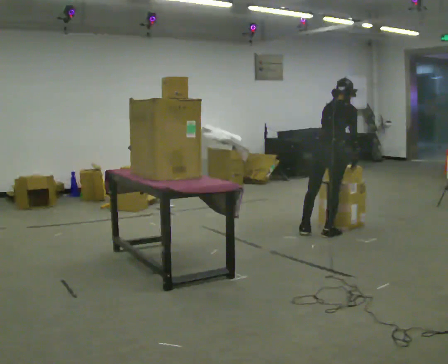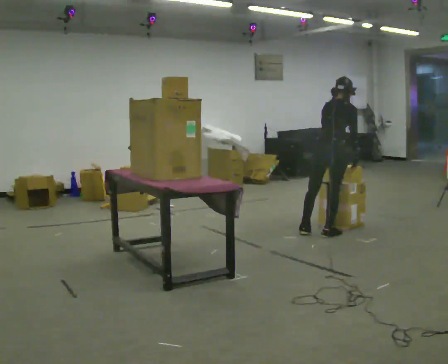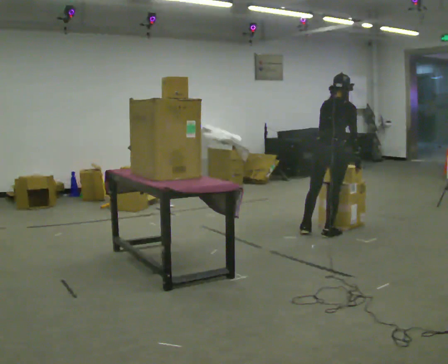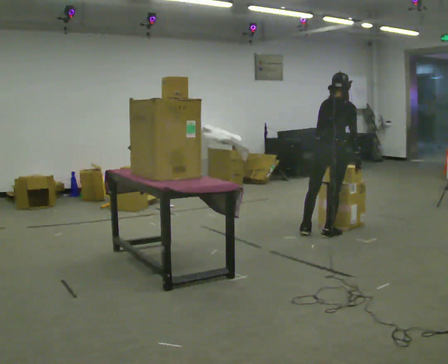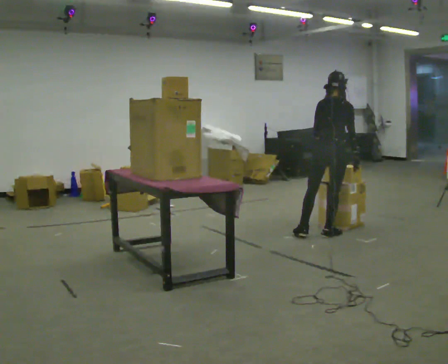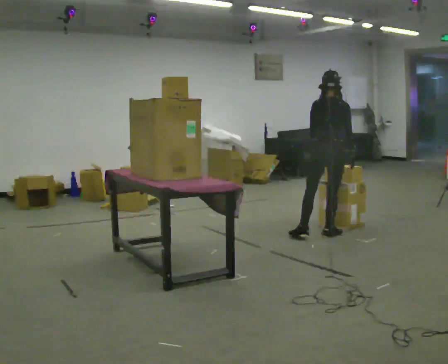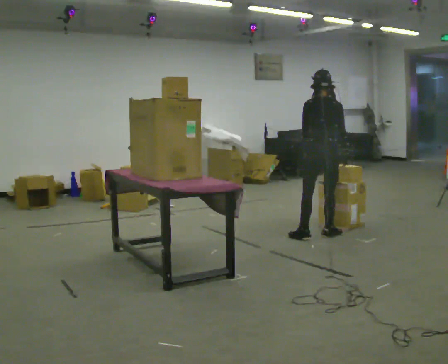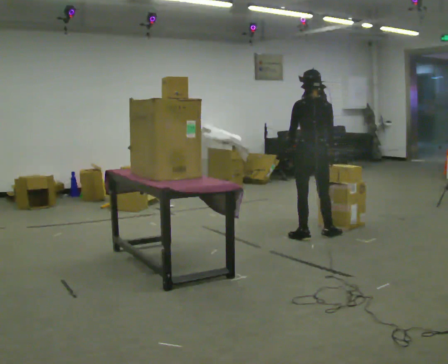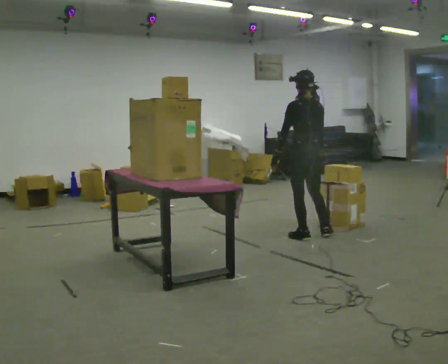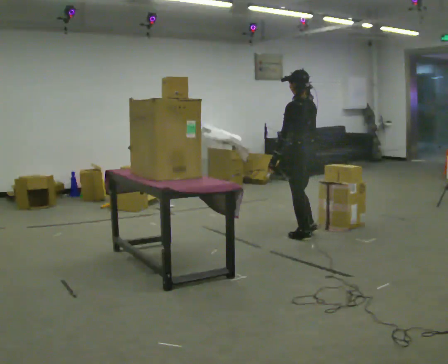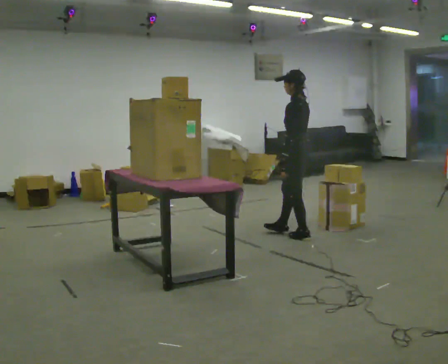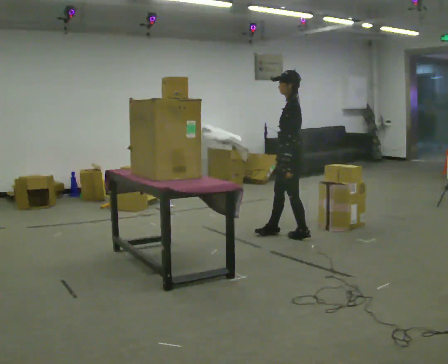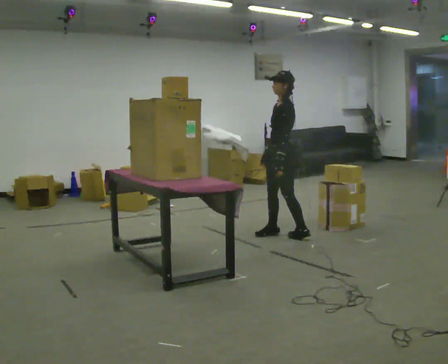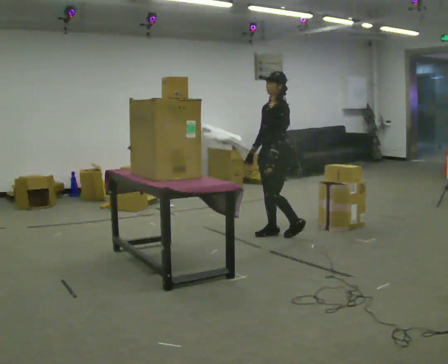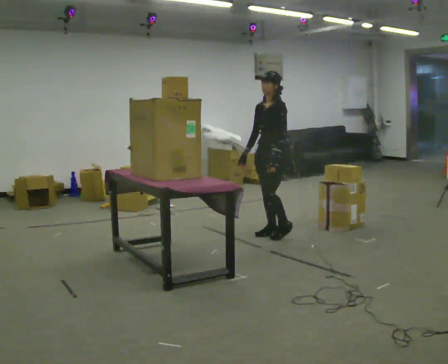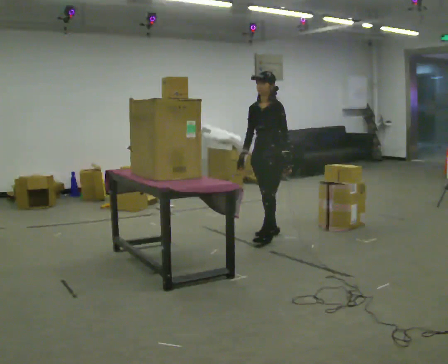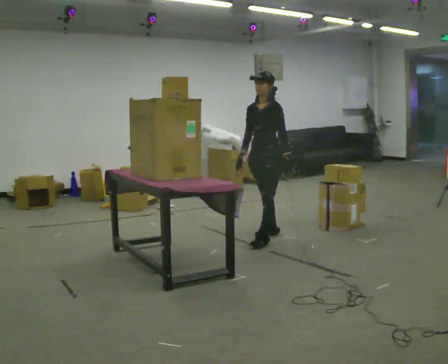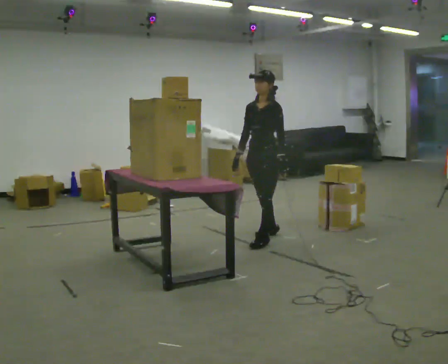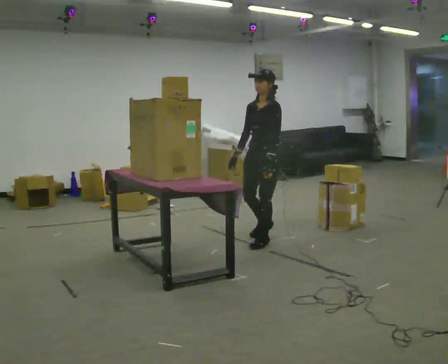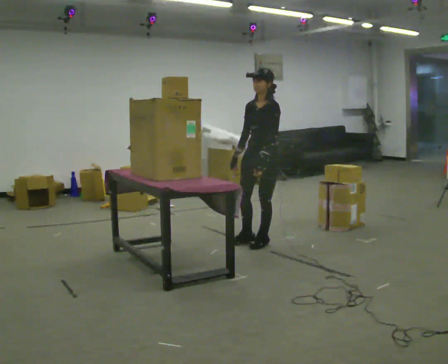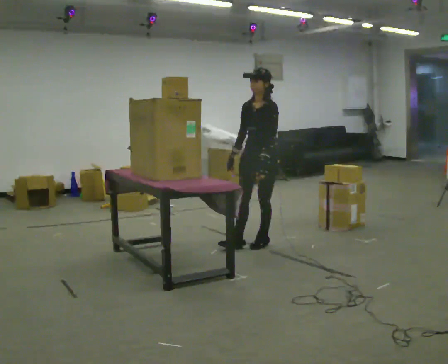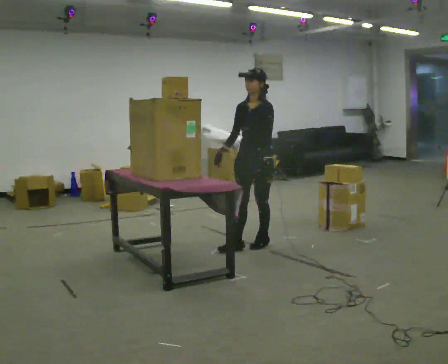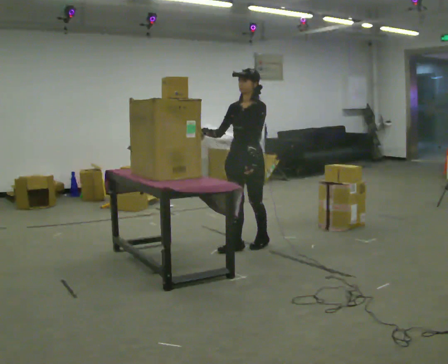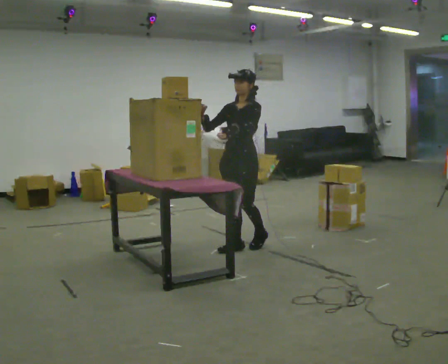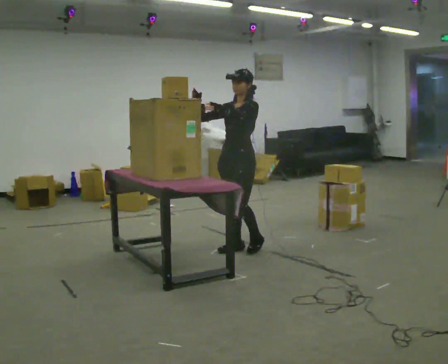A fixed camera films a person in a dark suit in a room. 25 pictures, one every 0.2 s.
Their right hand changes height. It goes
upward.
The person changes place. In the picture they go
to the left.
0.0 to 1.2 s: The person turns about 30 degrees to their left, counterclockwise seen from above, so the part of the body nearest the lens slides to the right. In the picture the upper body tilts counterclockwise, shoulders to the left, as they lean back or straighten. In the picture their left hand goes to the left.
1.2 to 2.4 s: The part of the body nearest the lens slides to the right as the person turns to their left by about 105 degrees. In the picture they go to the left, about 0.25 m in 1 step.
2.4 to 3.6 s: The person turns about 30 degrees to their left, counterclockwise seen from above, so the part of the body nearest the lens slides to the right. In the picture they go toward the camera and to the left, about 0.25 m in 1 step, which for them is forward.
3.6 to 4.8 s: In the picture they go to the left and toward the camera, about 0.25 m in 1 step, which for them is forward. In the picture their right hand goes upward, the arm swinging clockwise.
The film runs forward here.
